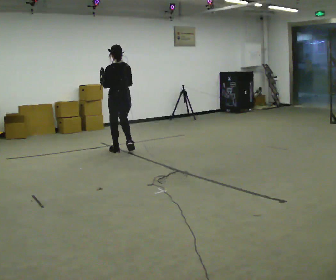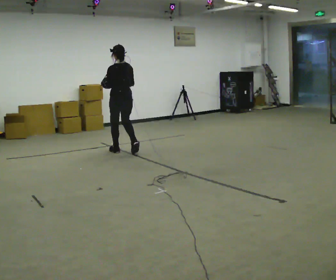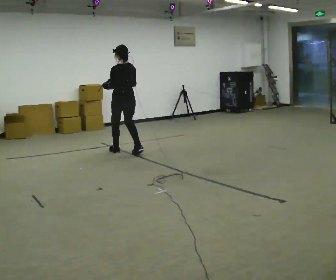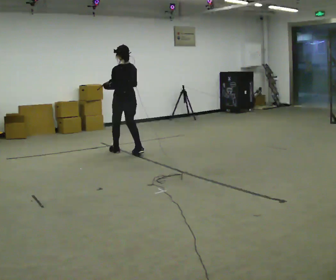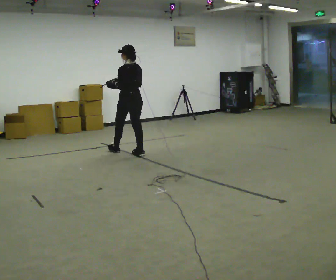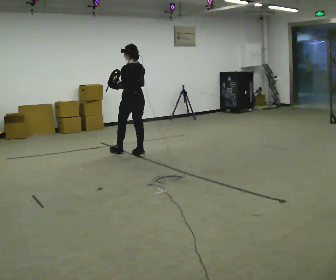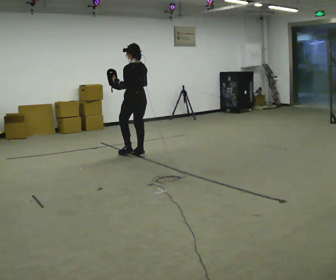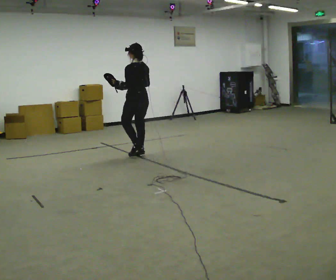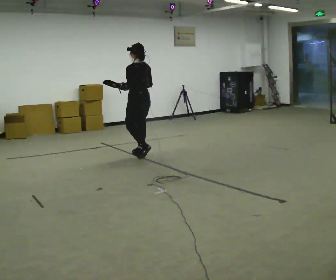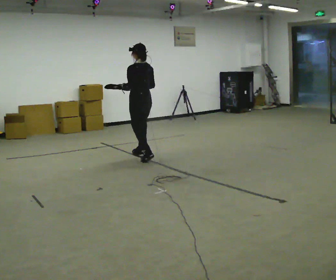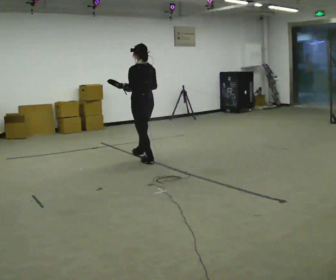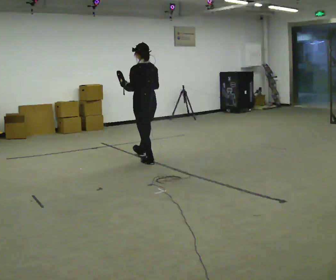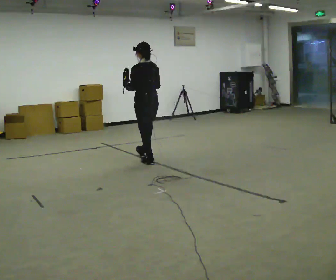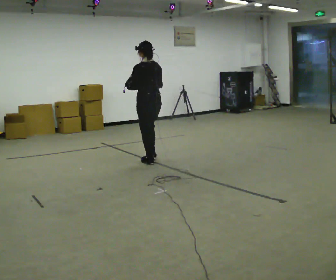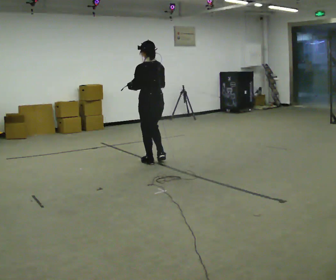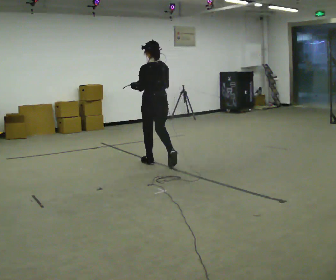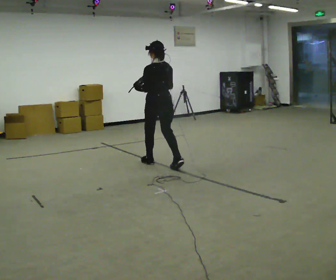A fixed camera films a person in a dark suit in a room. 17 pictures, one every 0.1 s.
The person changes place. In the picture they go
toward the camera.
0.0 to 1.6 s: In the picture they go toward the camera and to the right, about 1 m in 2 steps, which for them is backward.
The film runs backward here.
